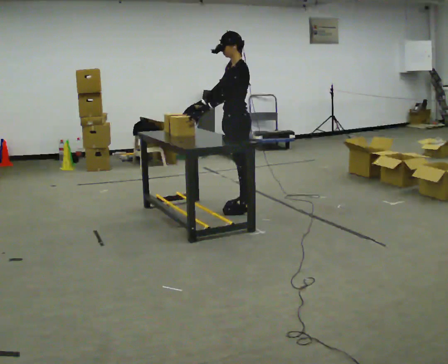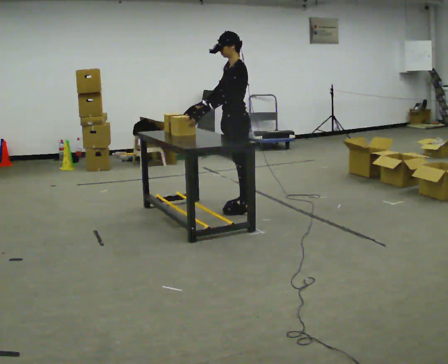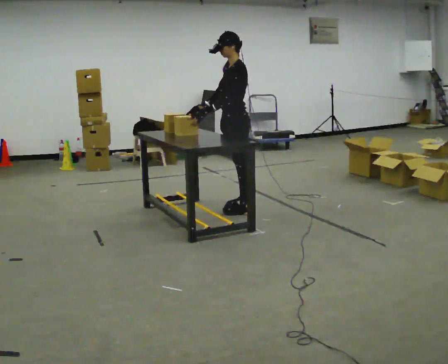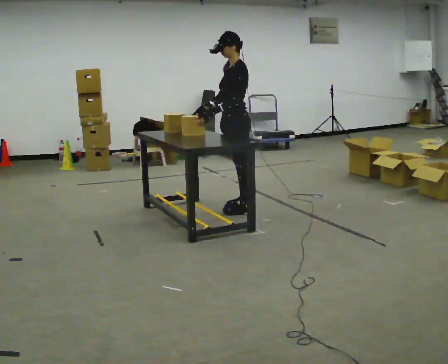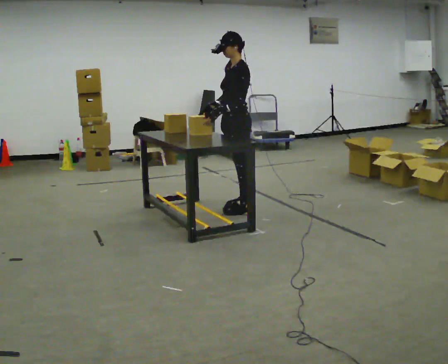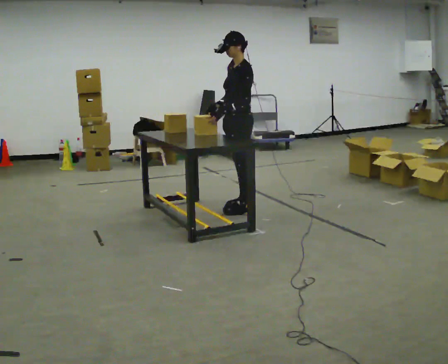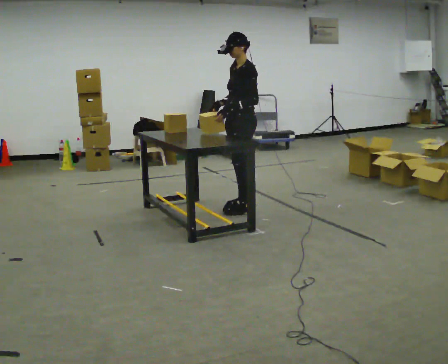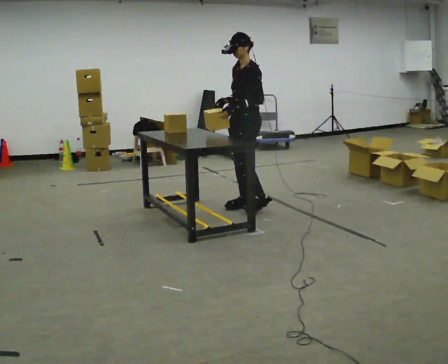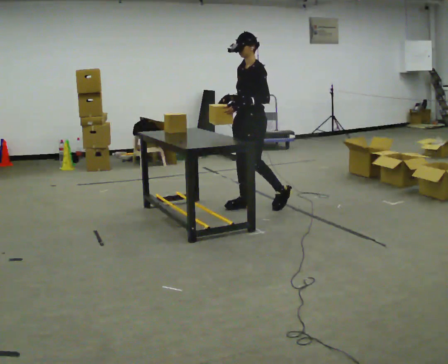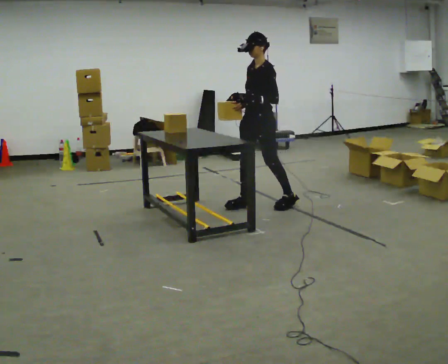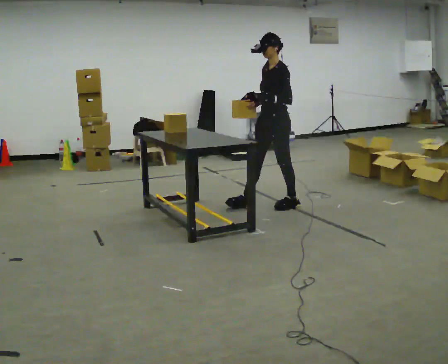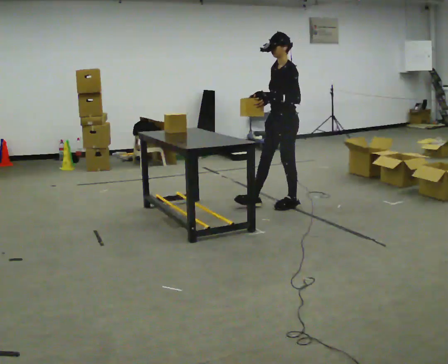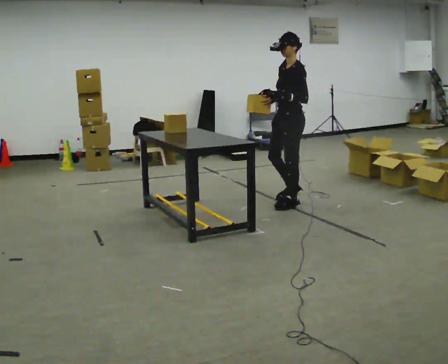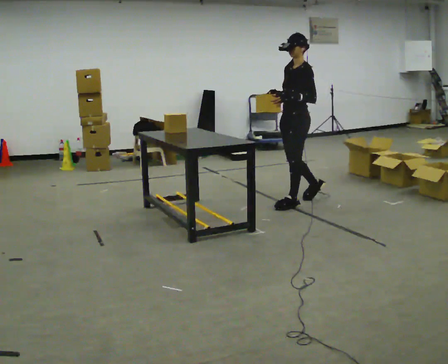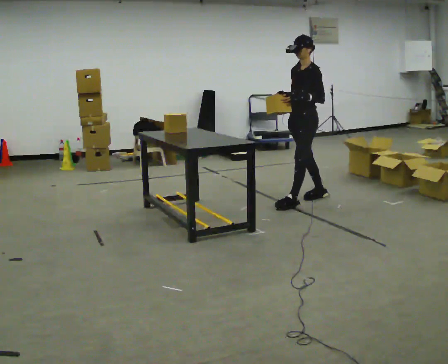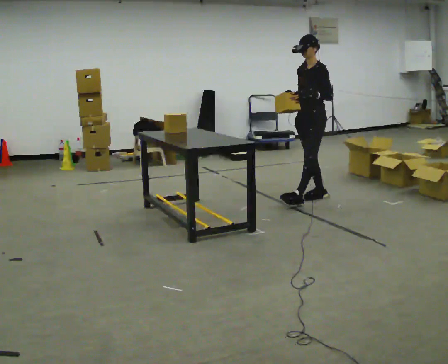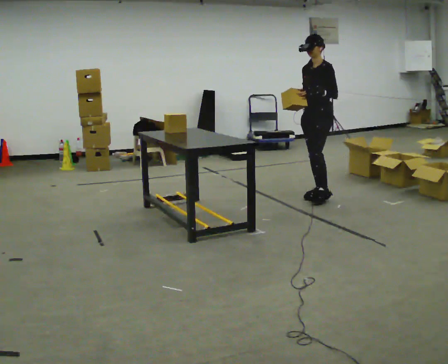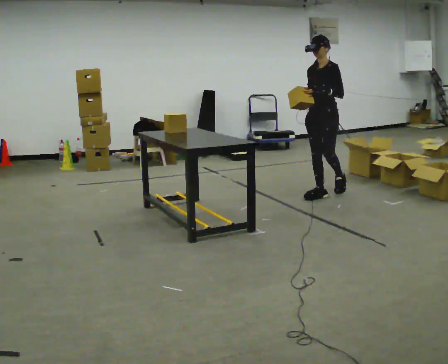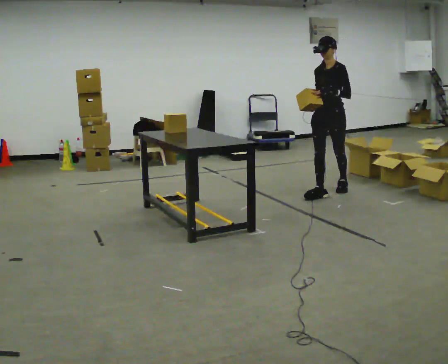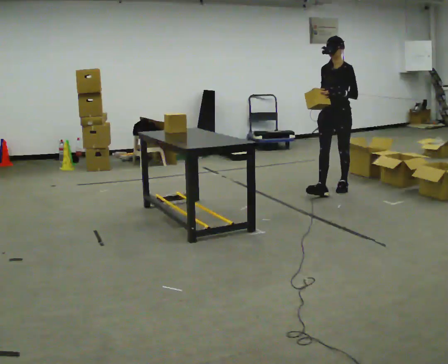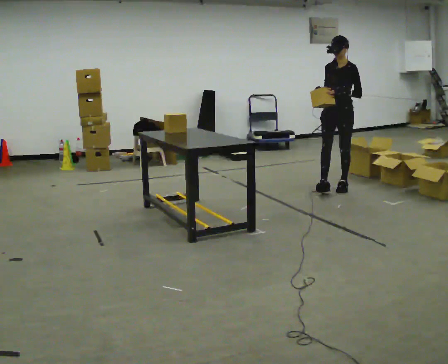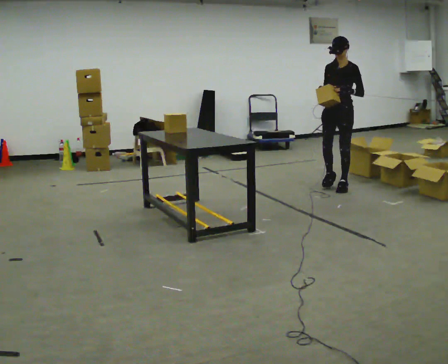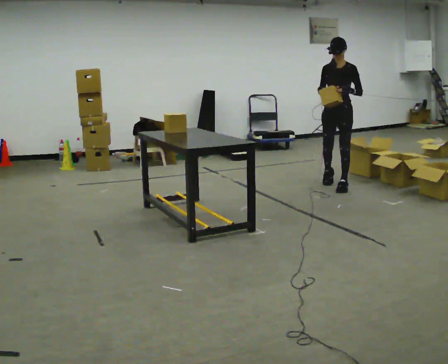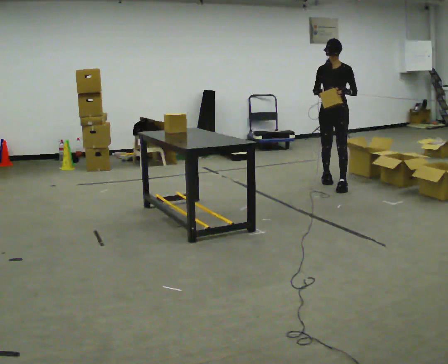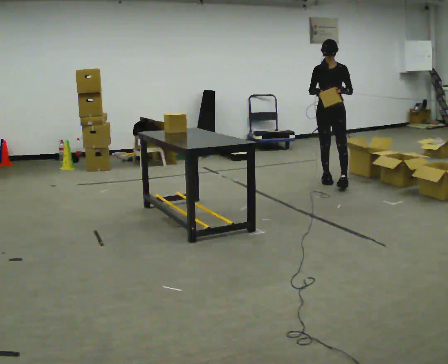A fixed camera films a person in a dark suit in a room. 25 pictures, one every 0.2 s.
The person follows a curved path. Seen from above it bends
counterclockwise.
0.0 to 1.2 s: The person moves a little, or ends about where they began.
1.2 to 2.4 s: In the picture they go to the right, about 0.5 m in 2 steps, which for them is backward.
2.4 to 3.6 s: The person turns about 30 degrees to their left, counterclockwise seen from above, so the part of the body nearest the lens slides to the right. In the picture they go away from the camera and to the right, about 0.5 m in 1 step, which for them is backward.
3.6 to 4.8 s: The person turns about 30 degrees to their left, counterclockwise seen from above, so the part of the body nearest the lens slides to the right. In the picture they go away from the camera, about 0.5 m in 1 step, which for them is backward and to their right.
The film runs backward here.
